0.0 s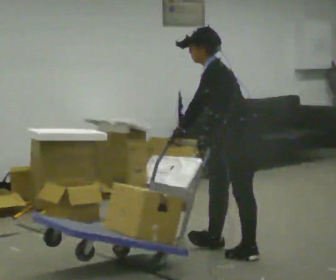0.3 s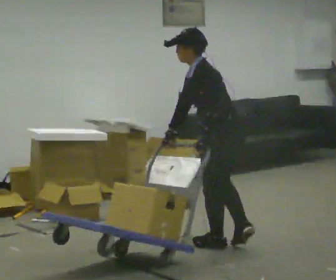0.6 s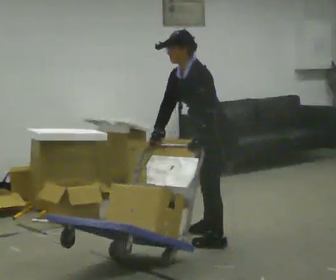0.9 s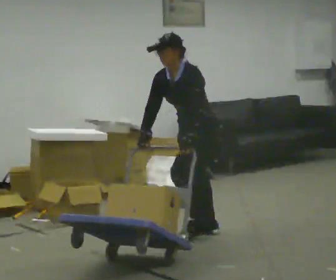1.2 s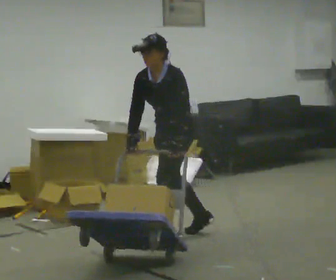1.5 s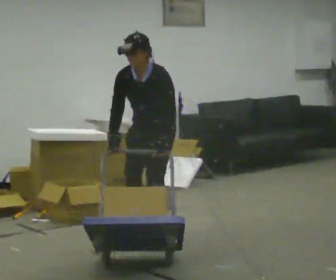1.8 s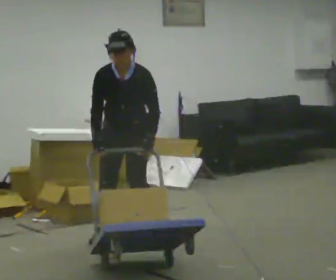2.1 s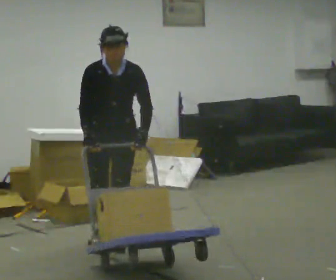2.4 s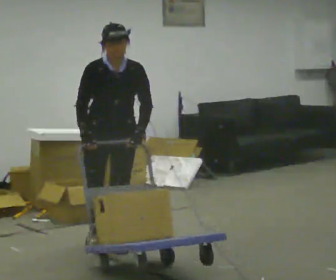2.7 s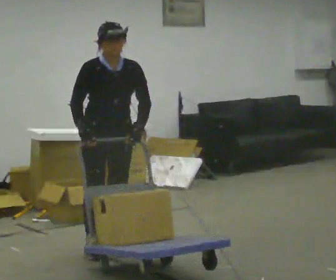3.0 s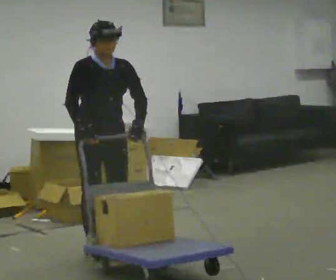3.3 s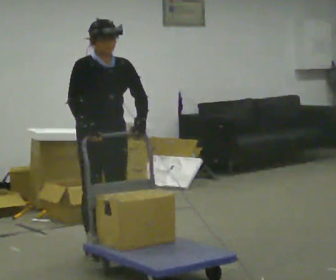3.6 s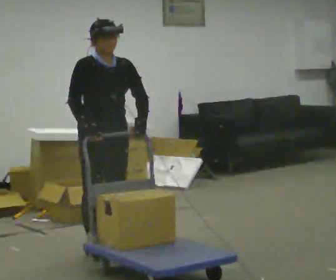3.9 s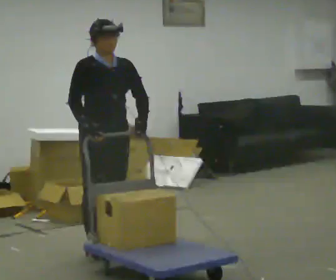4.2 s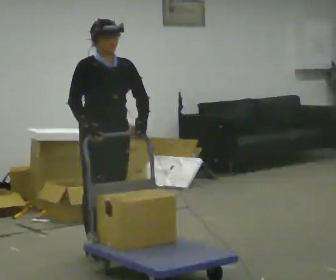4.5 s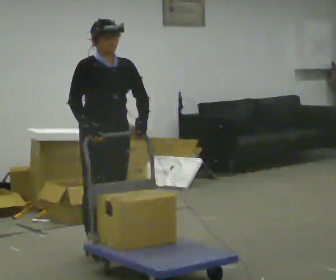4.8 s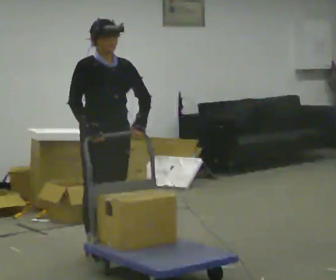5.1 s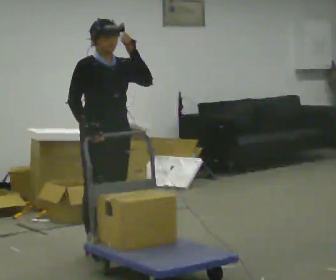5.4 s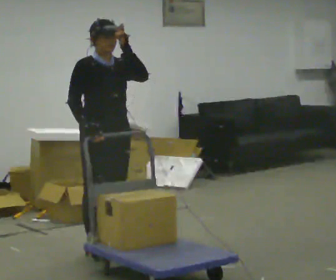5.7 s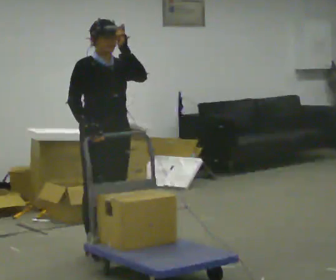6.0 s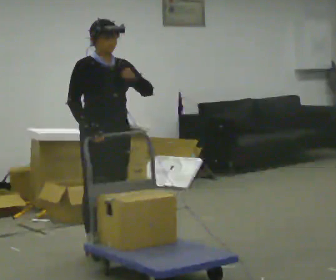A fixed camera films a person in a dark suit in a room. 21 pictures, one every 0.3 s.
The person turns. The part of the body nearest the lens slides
to the right.
The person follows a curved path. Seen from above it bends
counterclockwise.
0.0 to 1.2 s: The person turns about 60 degrees to their left, counterclockwise seen from above, so the part of the body nearest the lens slides to the right. In the picture they go away from the camera and to the left, about 0.5 m in 3 steps. The upper body tips toward the camera, its near side rolling downward.
1.2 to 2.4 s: The person turns about 60 degrees to their left, counterclockwise seen from above, so the part of the body nearest the lens slides to the right. In the picture they go to the left and toward the camera, about 0.5 m in 2 steps. In the picture the upper body tilts clockwise, shoulders to the right, as they lean back or straighten.
2.4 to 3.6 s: The person turns about 30 degrees to their left, counterclockwise seen from above, so the part of the body nearest the lens slides to the right. In the picture they go toward the camera, about 0.25 m in 1 step, which for them is forward.
3.6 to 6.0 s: The person moves a little, or ends about where they began.
The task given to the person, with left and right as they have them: Turn the cart round to face the other way without moving it out of the marked square, then turn it back. Repeat until the operator says stop.
The film runs forward here.
